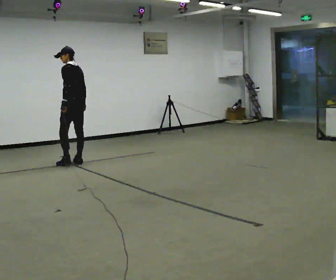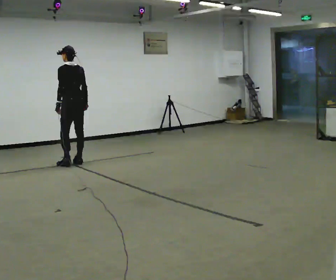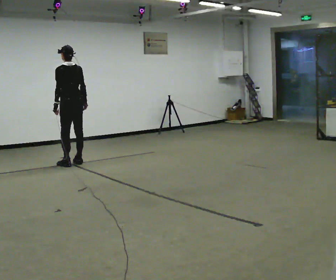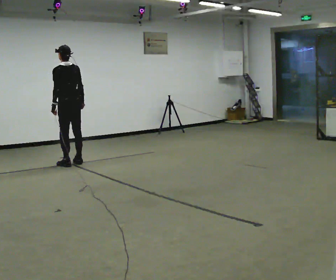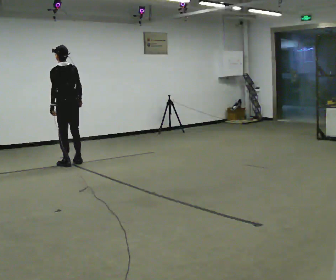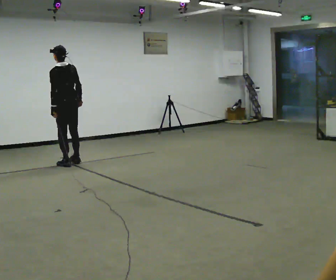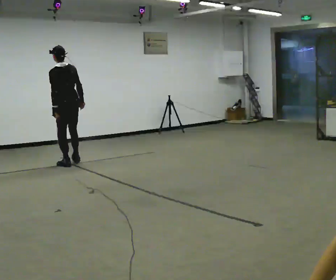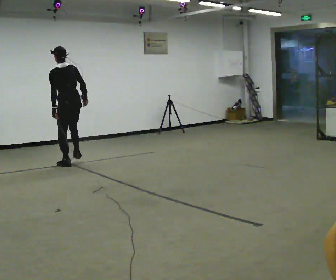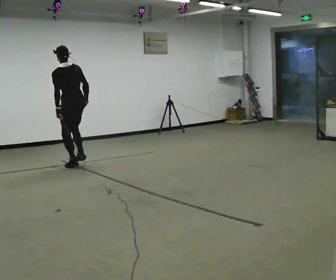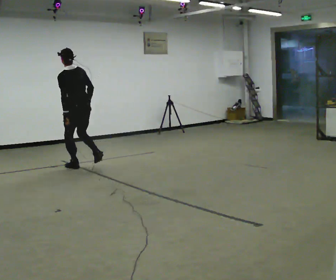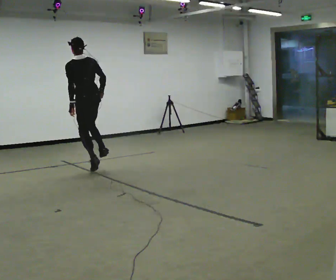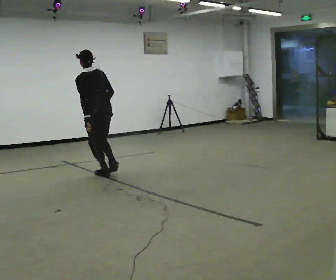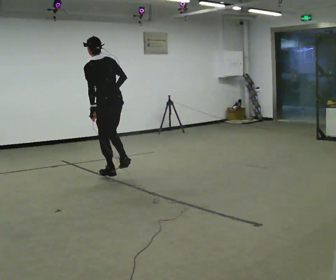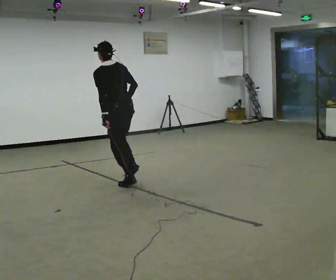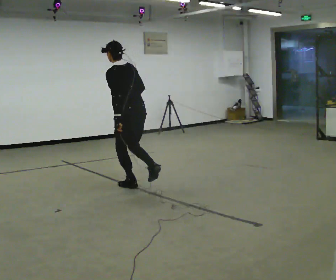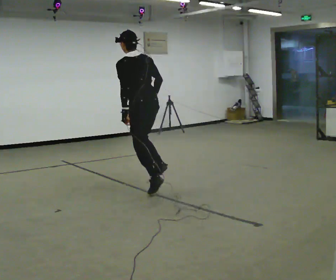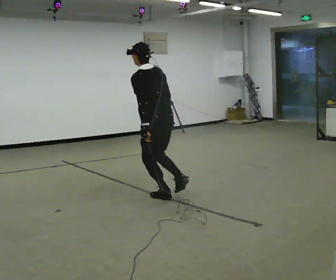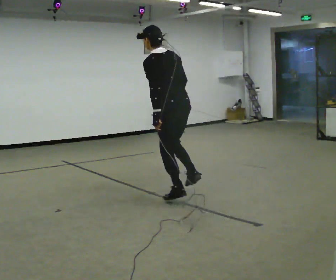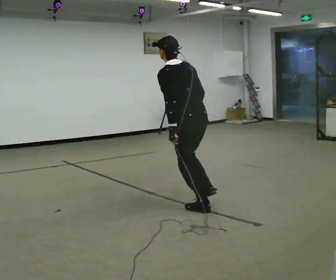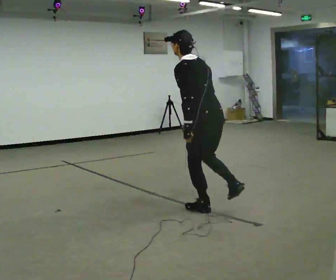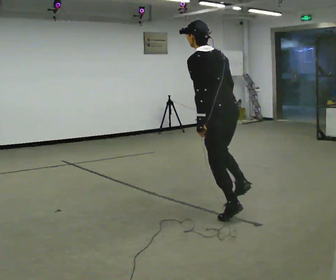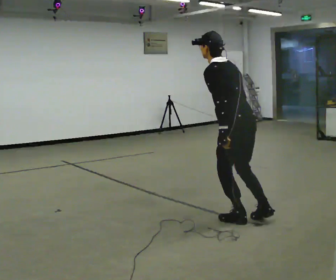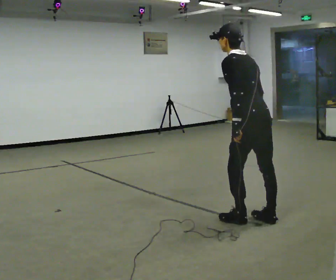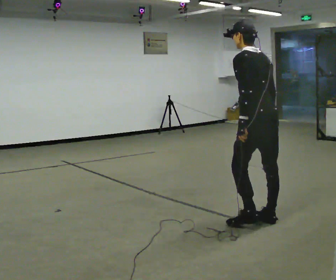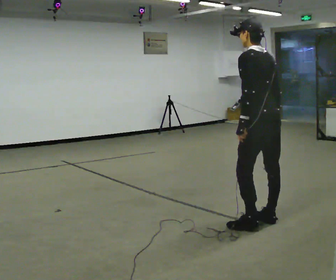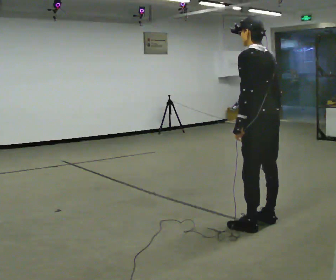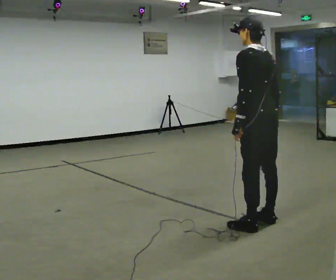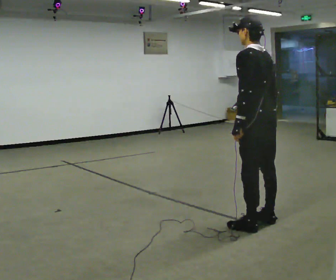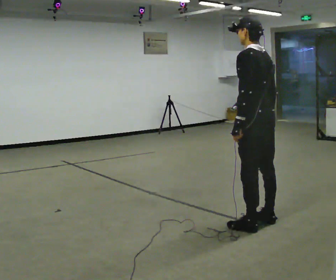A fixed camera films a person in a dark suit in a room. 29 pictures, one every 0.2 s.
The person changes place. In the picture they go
toward the camera.
0.0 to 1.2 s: In the picture they go toward the camera, about 0.25 m, which for them is to their left and backward.
1.2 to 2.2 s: In the picture they go toward the camera and to the right, about 1 m in 3 steps, which for them is backward.
2.2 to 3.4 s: In the picture they go toward the camera and to the right, about 1.5 m in 3 steps, which for them is backward.
3.4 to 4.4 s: In the picture they go toward the camera and to the right, about 1 m in 1 step, which for them is backward.
4.4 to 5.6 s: The person moves a little, or ends about where they began.
The film runs backward here.
